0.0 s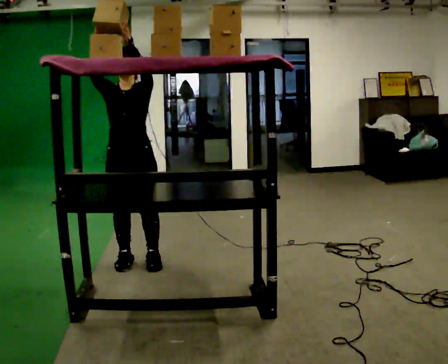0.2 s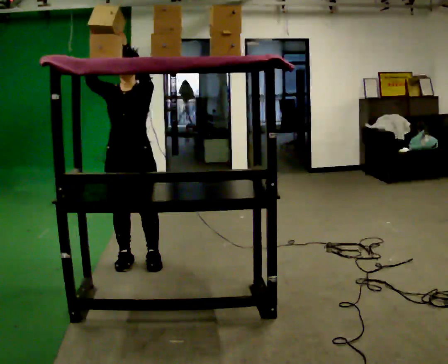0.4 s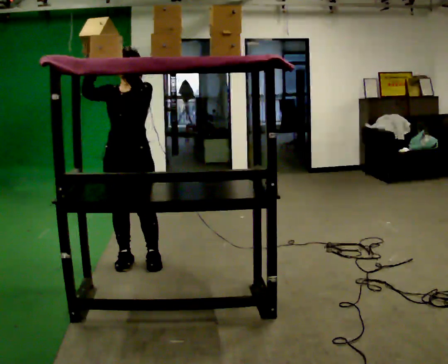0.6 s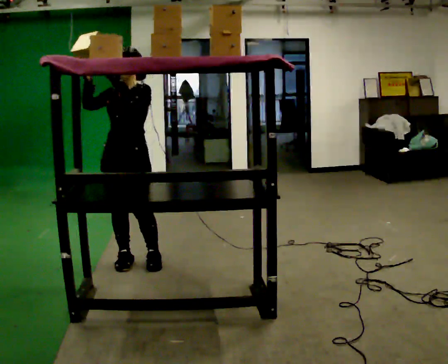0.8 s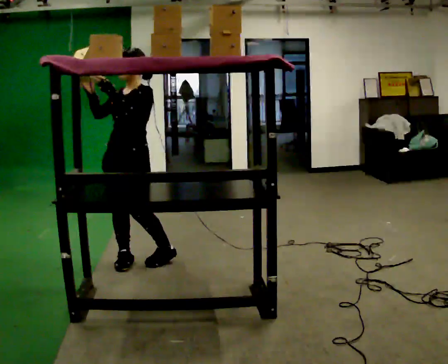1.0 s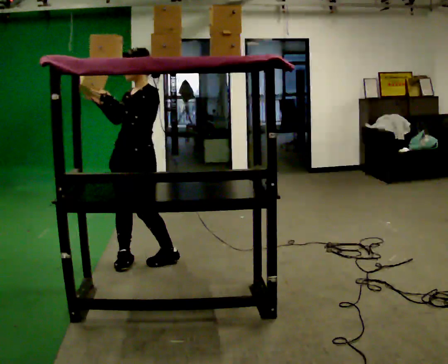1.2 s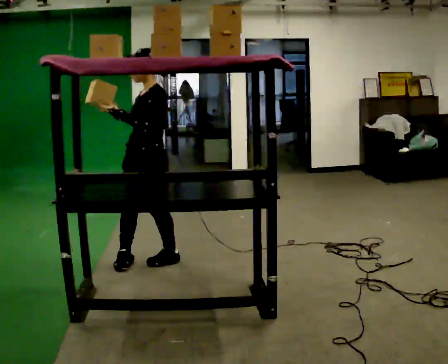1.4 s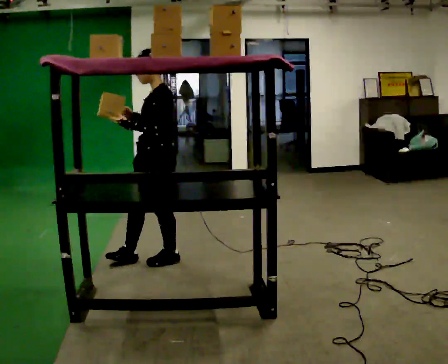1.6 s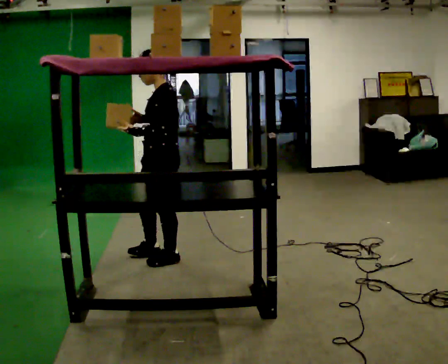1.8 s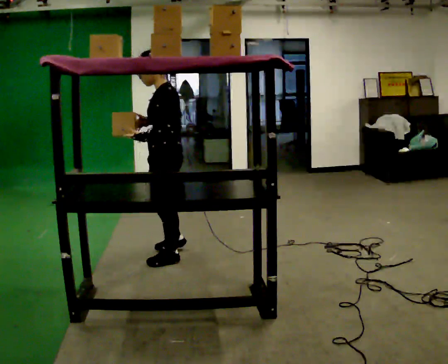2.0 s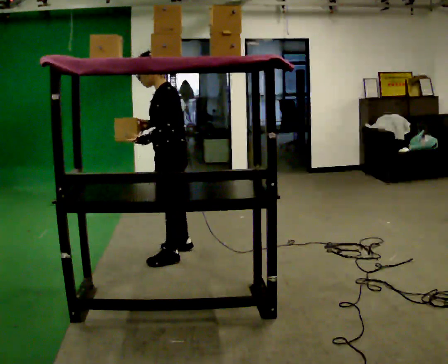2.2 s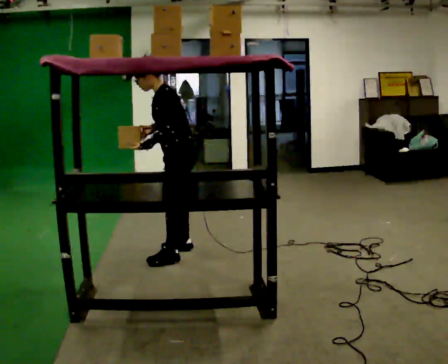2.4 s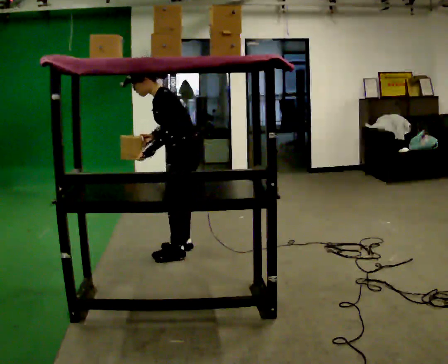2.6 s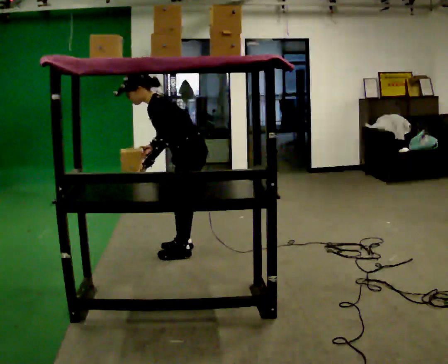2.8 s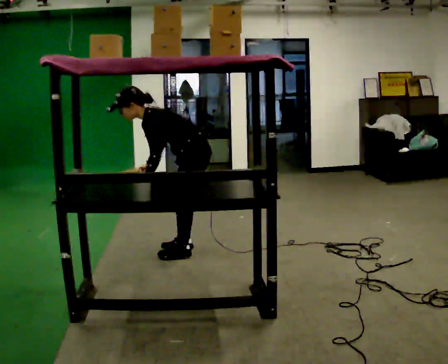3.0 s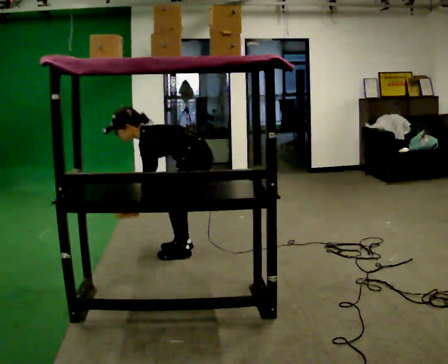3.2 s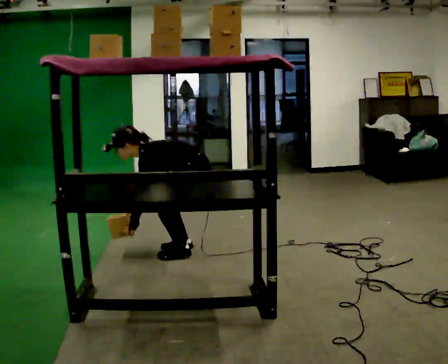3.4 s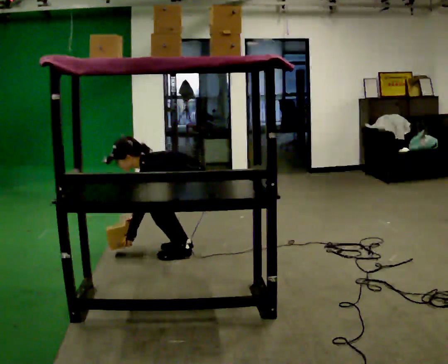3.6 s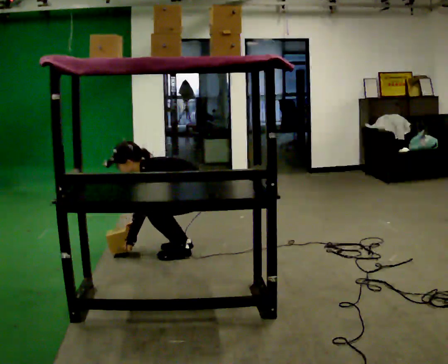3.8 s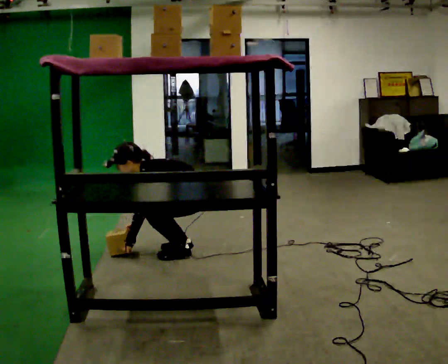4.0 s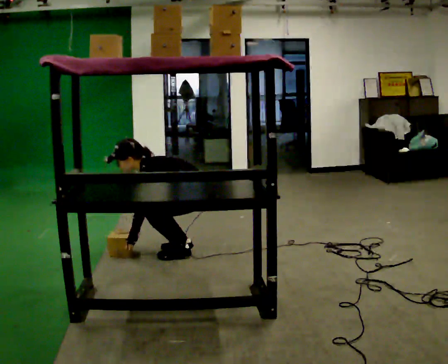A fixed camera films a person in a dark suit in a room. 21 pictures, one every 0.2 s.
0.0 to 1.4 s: The part of the body nearest the lens slides to the left as the person turns to their right by about 75 degrees. In the picture they go to the right, about 0.25 m. In the picture their right hand goes downward.
1.4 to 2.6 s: In the picture they go away from the camera and to the right, about 0.25 m in 2 steps, which for them is to their right and backward. In the picture the upper body tilts counterclockwise, shoulders to the left, as they bend forward.
2.6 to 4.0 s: The shoulders move downward. In the picture the upper body tilts counterclockwise, shoulders to the left, as they bend forward. In the picture their right hand goes downward.
The film runs forward here.
